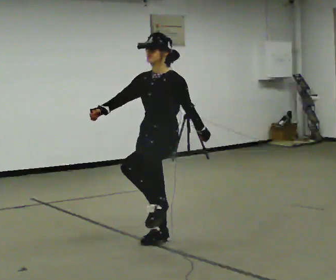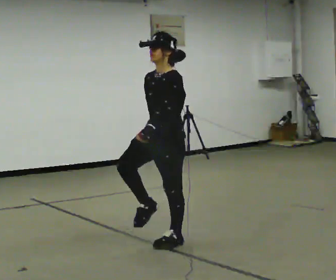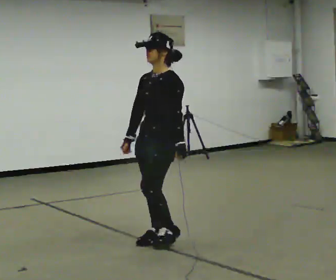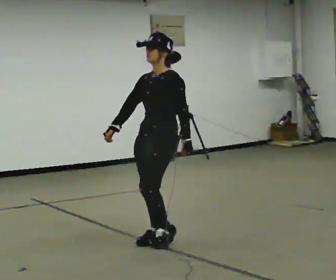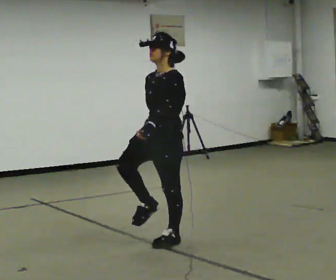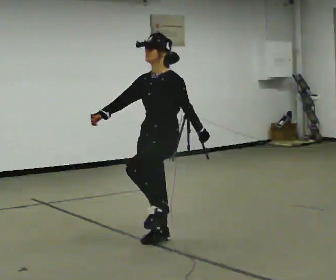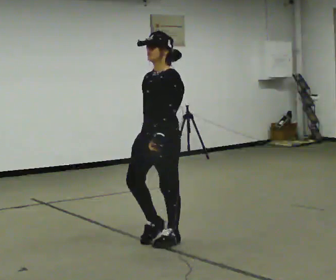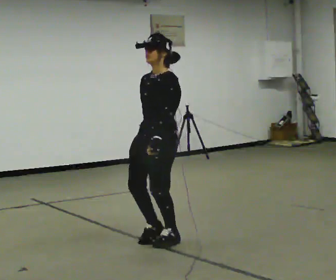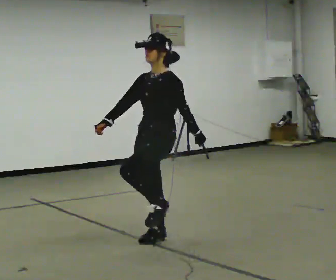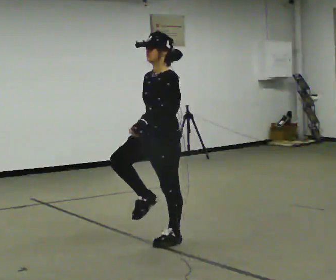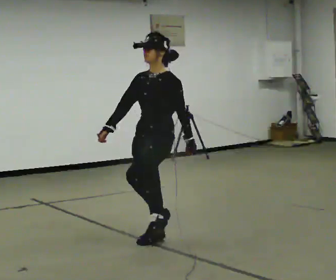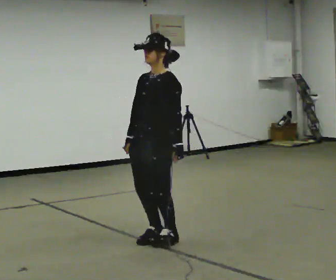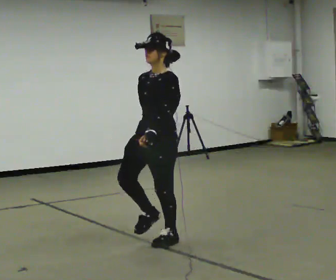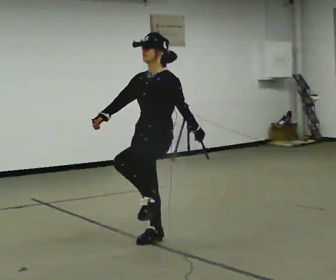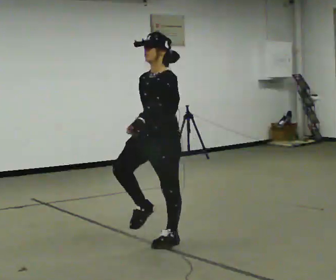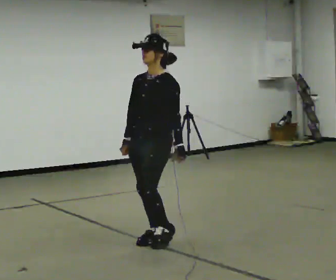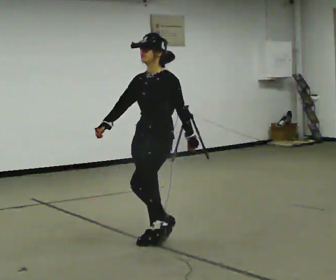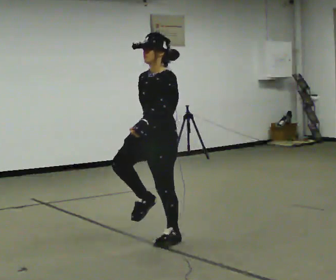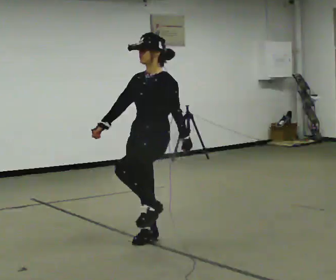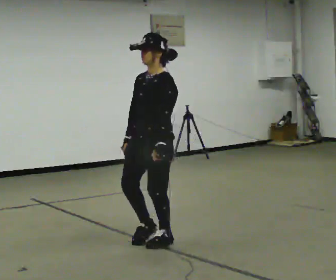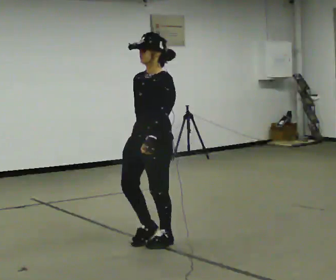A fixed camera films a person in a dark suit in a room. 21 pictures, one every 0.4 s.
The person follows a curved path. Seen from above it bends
counterclockwise.
0.0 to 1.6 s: In the picture their right hand goes to the right.
1.6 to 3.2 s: In the picture their right hand goes to the left.
3.2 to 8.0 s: The person moves a little, or ends about where they began.
The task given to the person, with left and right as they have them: March in place at a comfortable rhythm without moving forward; stop.
The film runs forward here.
